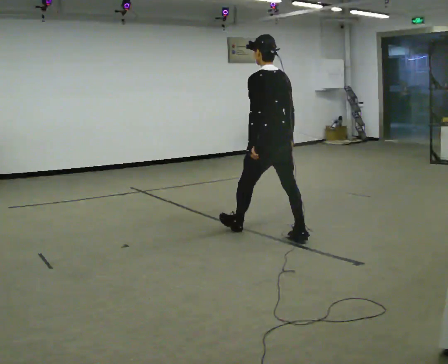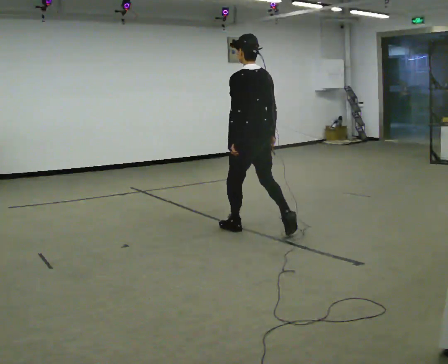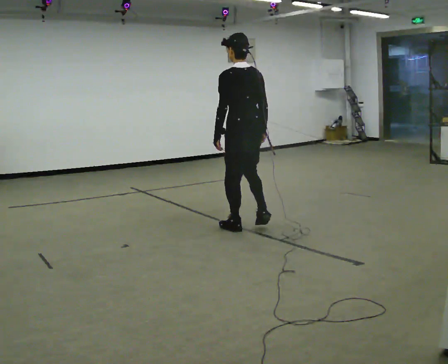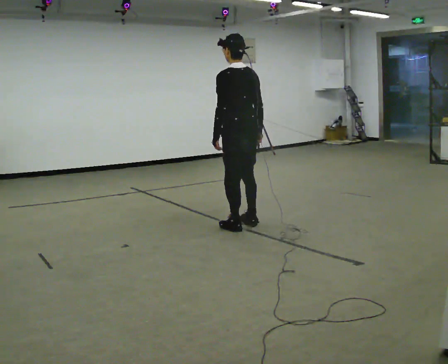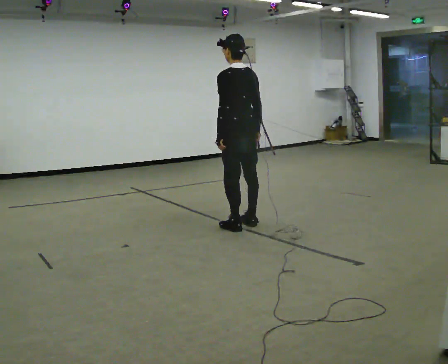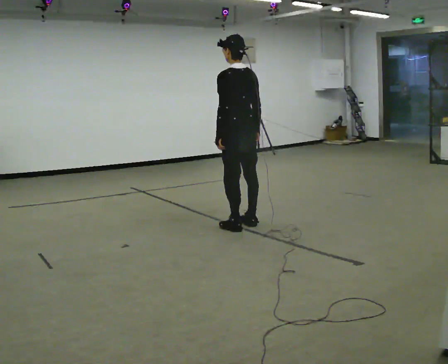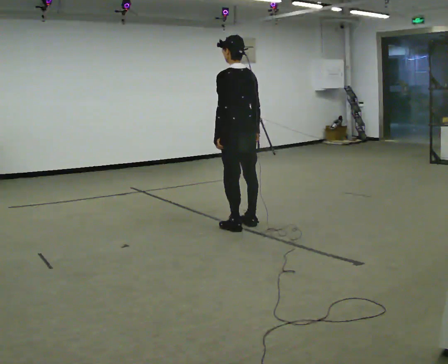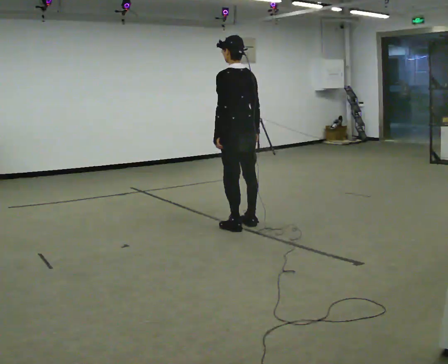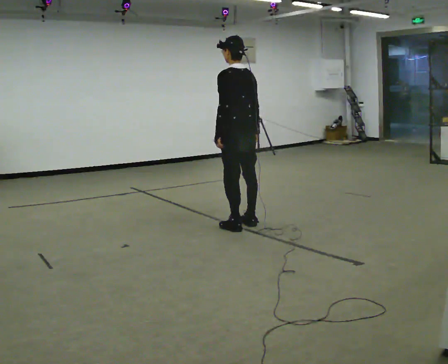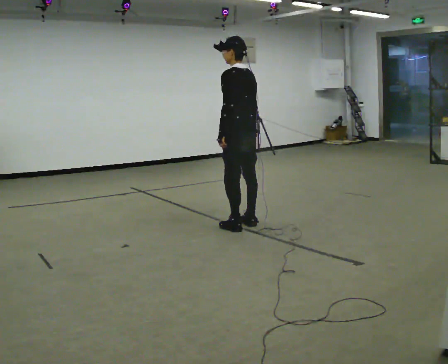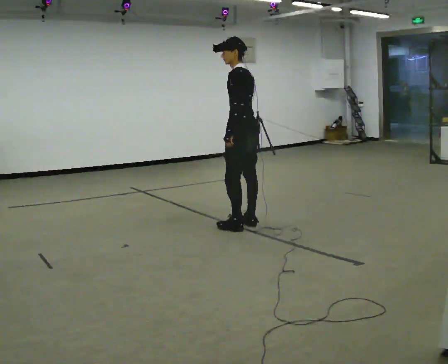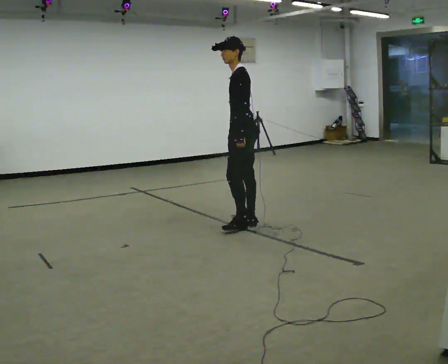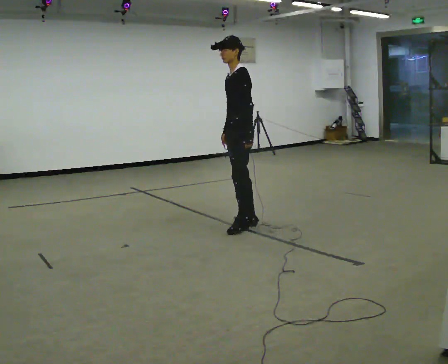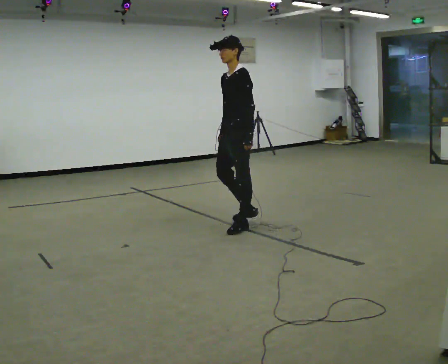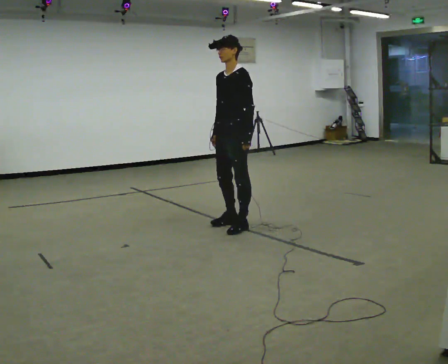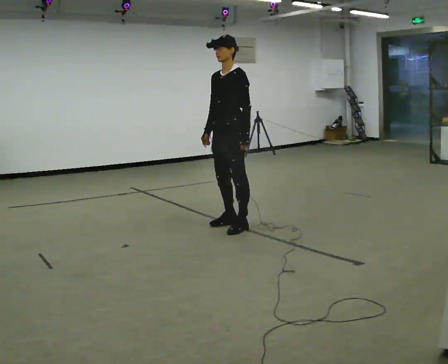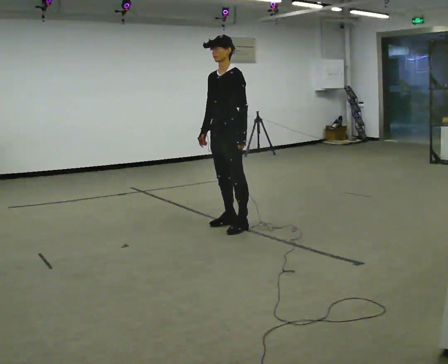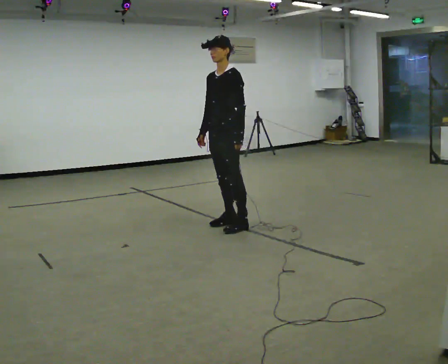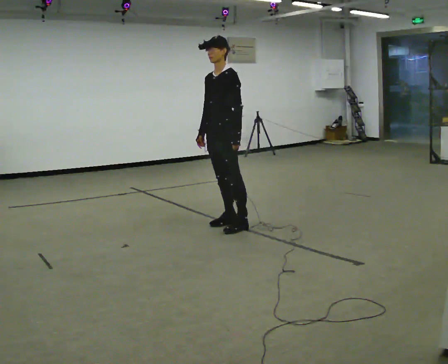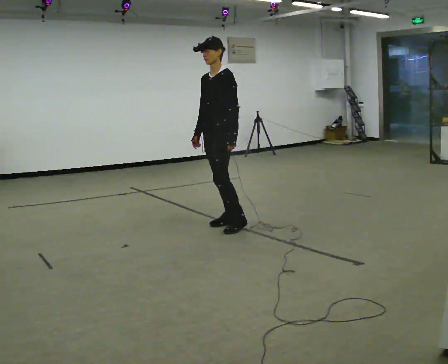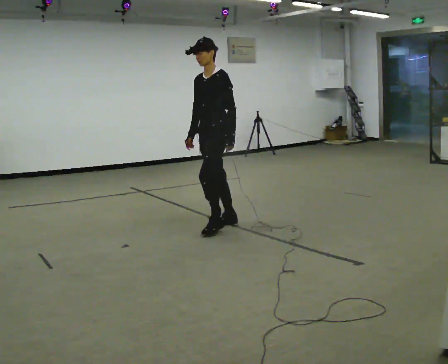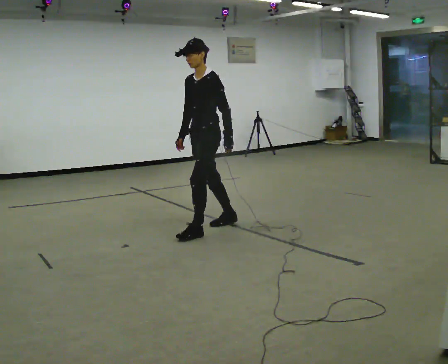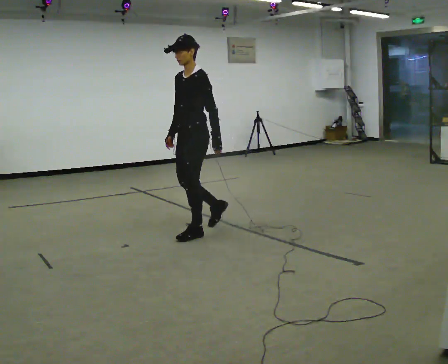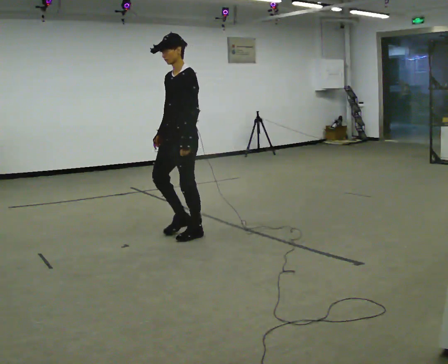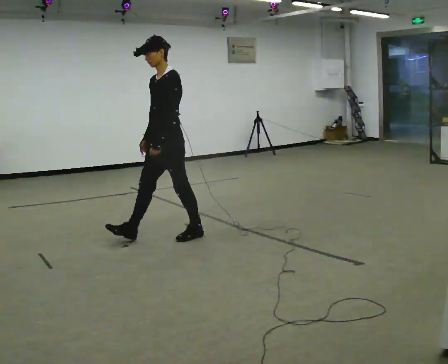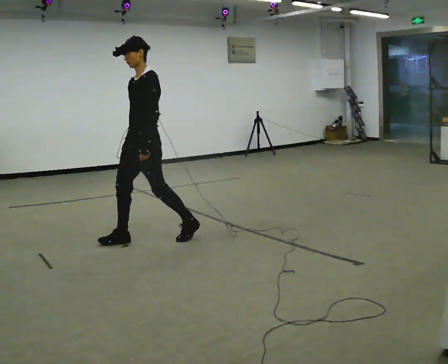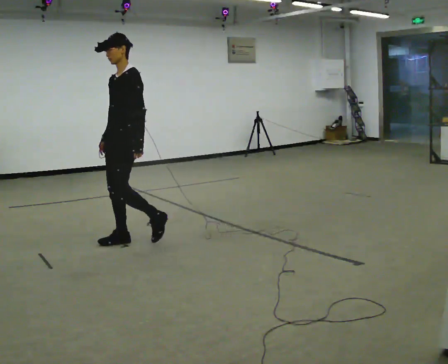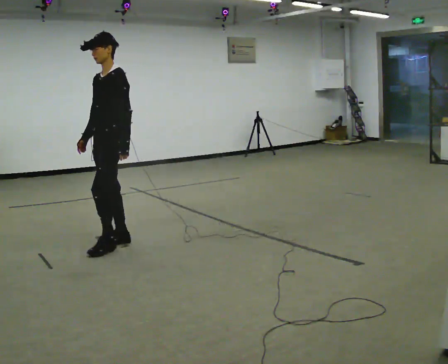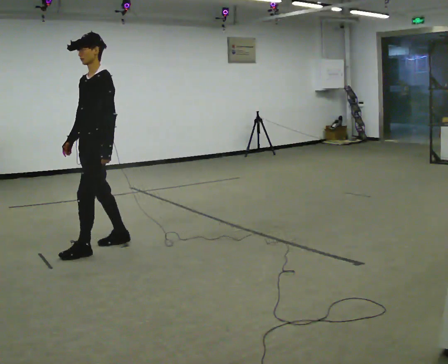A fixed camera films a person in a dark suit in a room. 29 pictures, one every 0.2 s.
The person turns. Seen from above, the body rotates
counterclockwise.
The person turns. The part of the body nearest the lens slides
to the right.
0.0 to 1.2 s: In the picture they go away from the camera and to the left, about 0.5 m in 2 steps, which for them is forward.
1.2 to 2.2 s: The part of the body nearest the lens slides to the right as the person turns to their left by about 45 degrees.
2.2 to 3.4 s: Seen from above the body turns counterclockwise, about 45 degrees: to their left, with its near side sliding to the right. In the picture they go to the left, about 0.25 m in 1 step, which for them is forward.
3.4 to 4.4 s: In the picture they go to the left and toward the camera, about 0.25 m in 1 step, which for them is forward.
4.4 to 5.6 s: In the picture they go to the left and toward the camera, about 1 m in 2 steps, which for them is forward.
The film runs forward here.
